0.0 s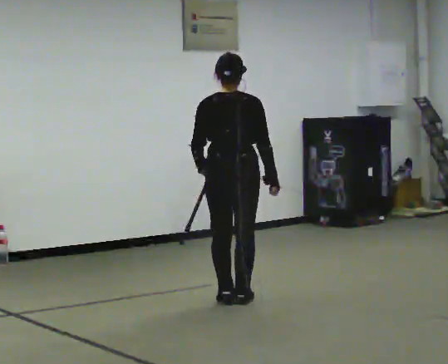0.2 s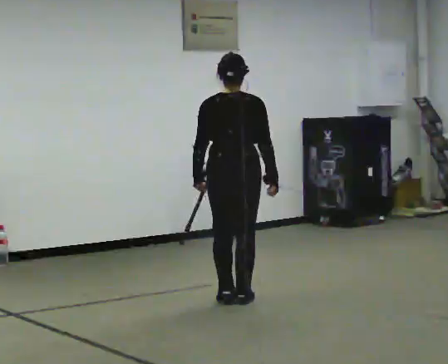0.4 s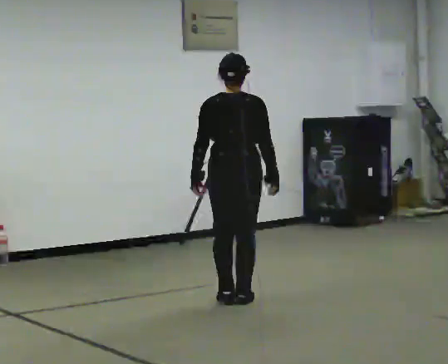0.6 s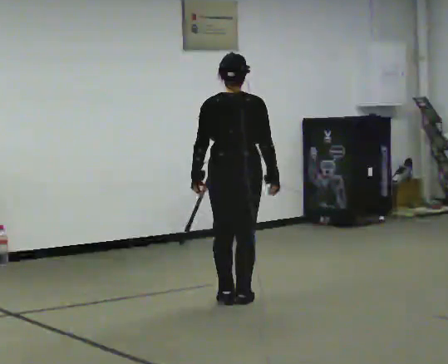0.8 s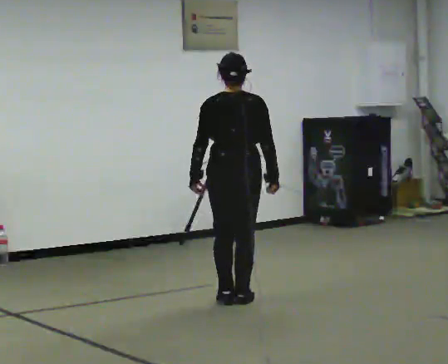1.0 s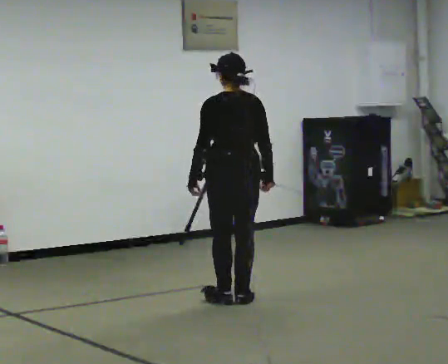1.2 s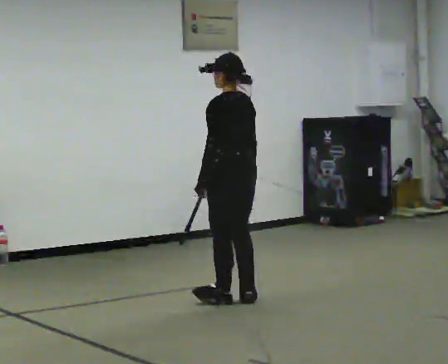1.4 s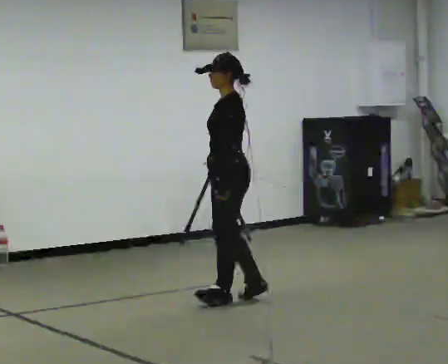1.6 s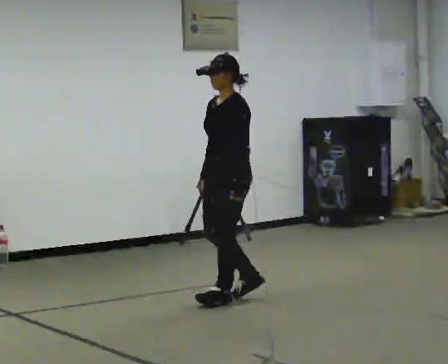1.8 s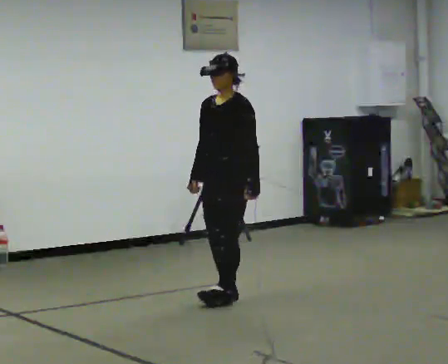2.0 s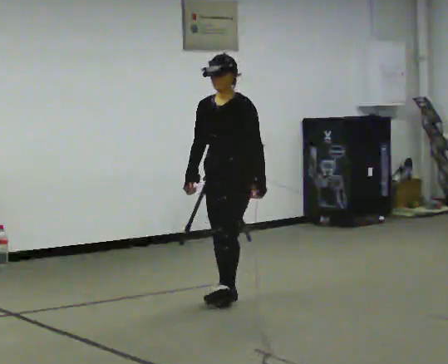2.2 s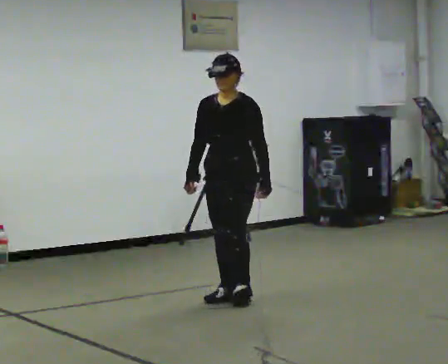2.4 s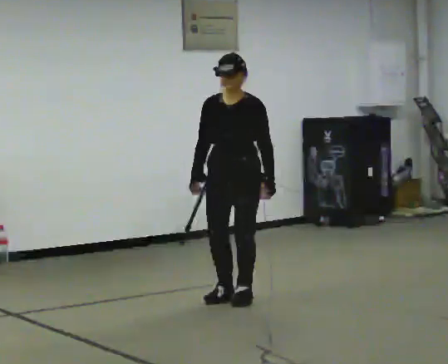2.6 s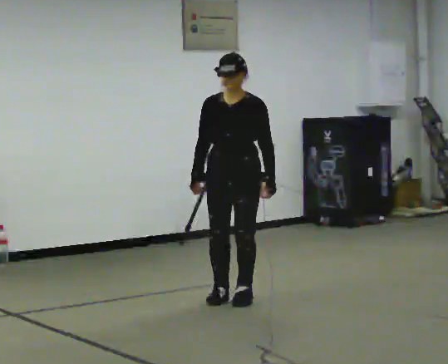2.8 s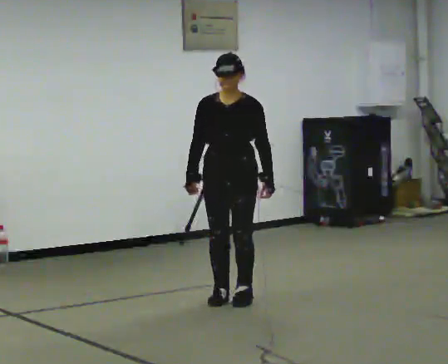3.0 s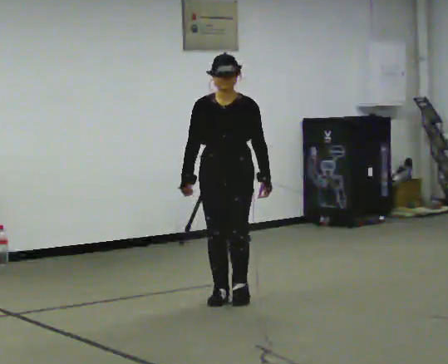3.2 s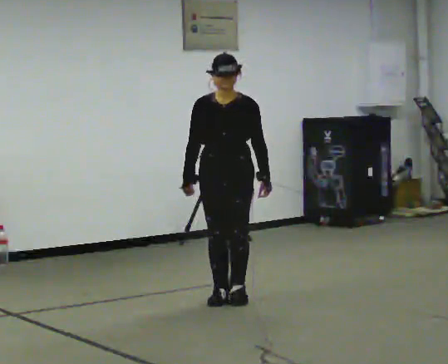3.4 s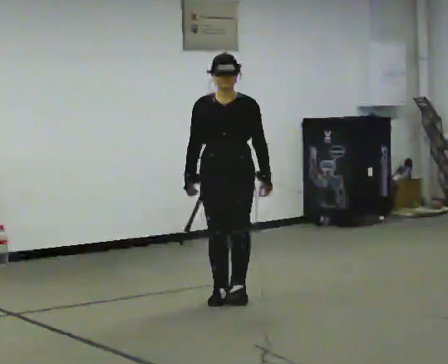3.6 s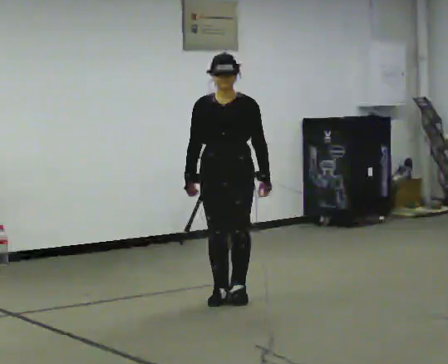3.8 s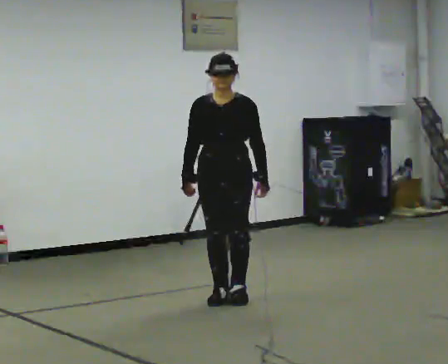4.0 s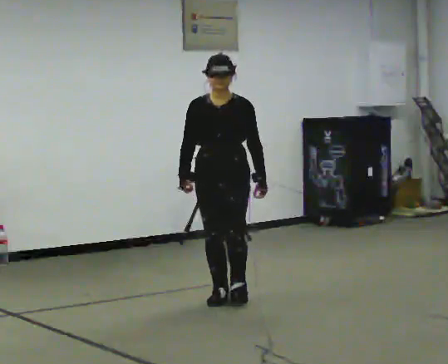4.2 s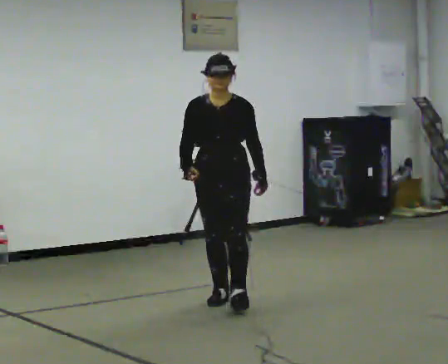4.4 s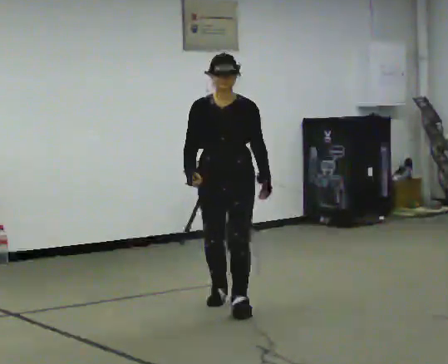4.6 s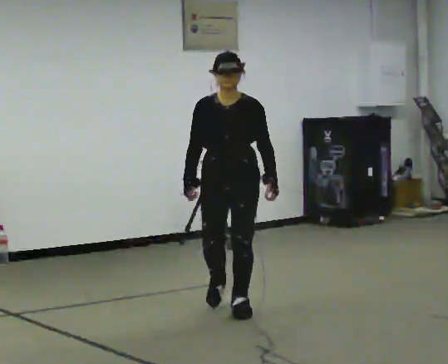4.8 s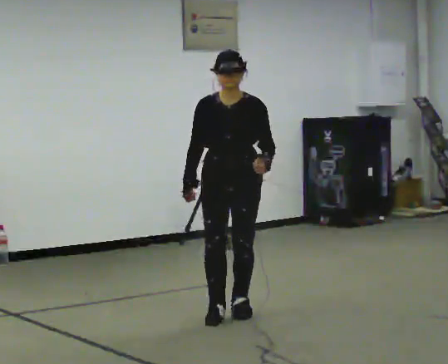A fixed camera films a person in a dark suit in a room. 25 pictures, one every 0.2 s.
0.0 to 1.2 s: Seen from above the body turns counterclockwise, about 60 degrees: to their left, with its near side sliding to the right.
1.2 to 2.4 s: The part of the body nearest the lens slides to the right as the person turns to their left by about 105 degrees. In the picture their right hand goes to the left.
2.4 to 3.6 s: The person moves a little, or ends about where they began.
3.6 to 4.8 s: In the picture they go toward the camera, about 0.5 m in 1 step, which for them is forward.
The film runs forward here.
